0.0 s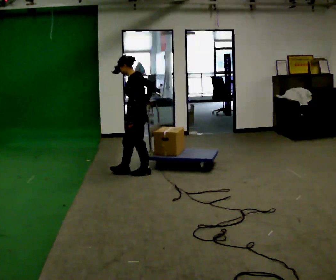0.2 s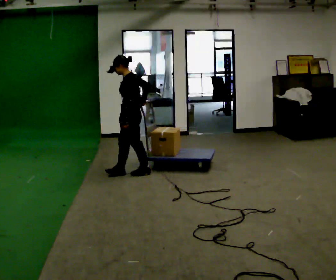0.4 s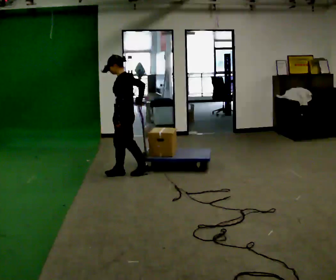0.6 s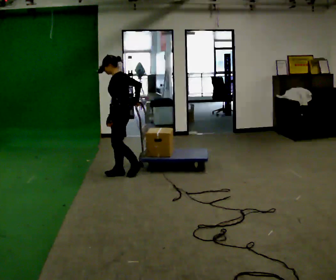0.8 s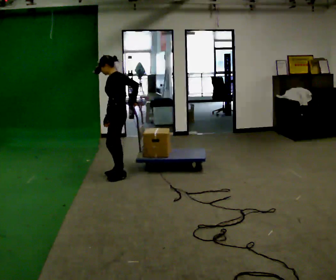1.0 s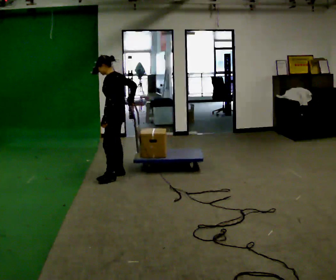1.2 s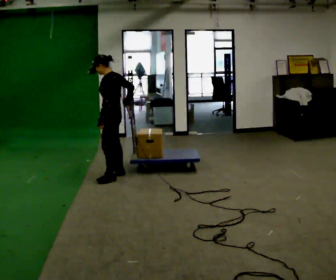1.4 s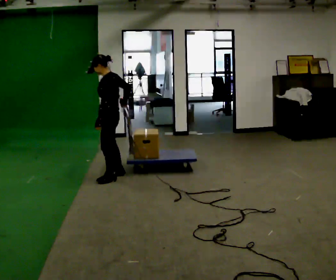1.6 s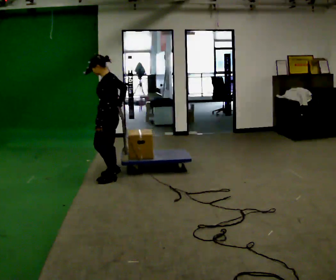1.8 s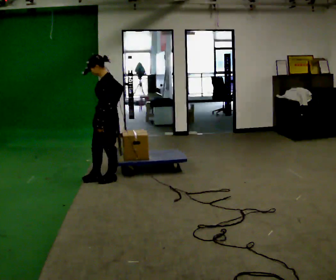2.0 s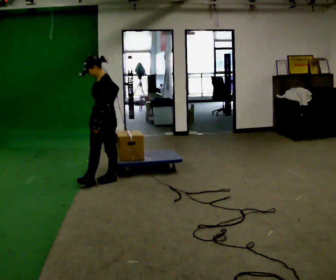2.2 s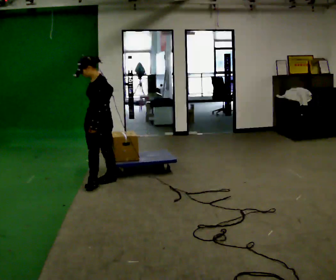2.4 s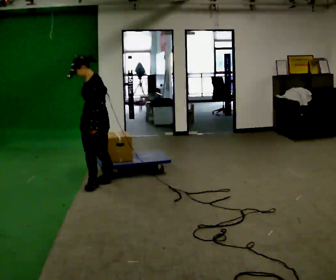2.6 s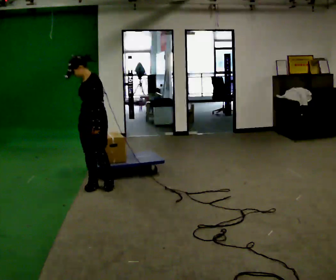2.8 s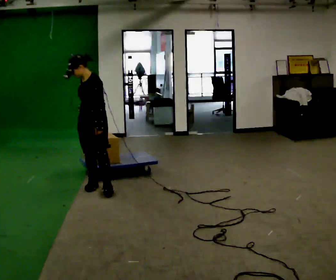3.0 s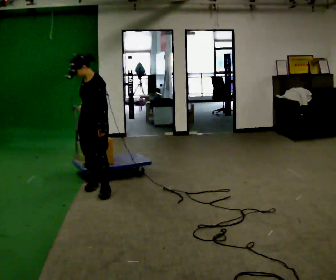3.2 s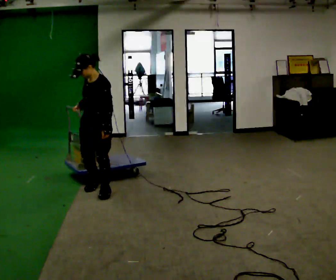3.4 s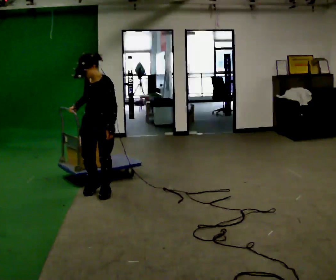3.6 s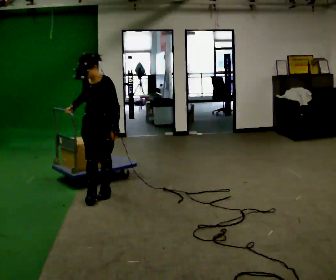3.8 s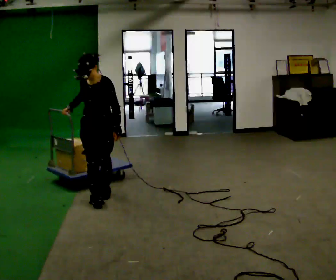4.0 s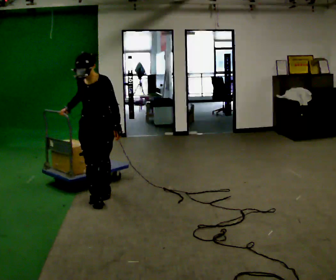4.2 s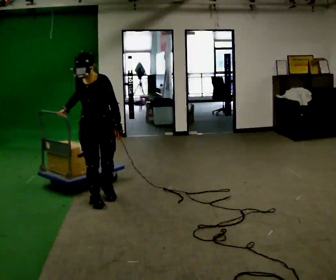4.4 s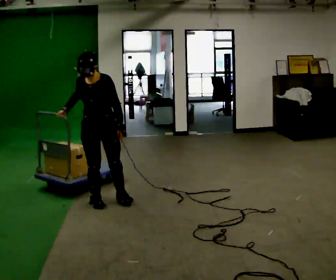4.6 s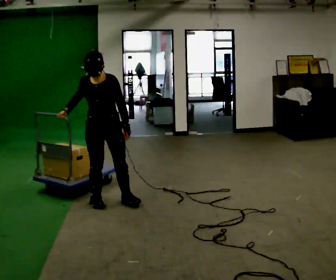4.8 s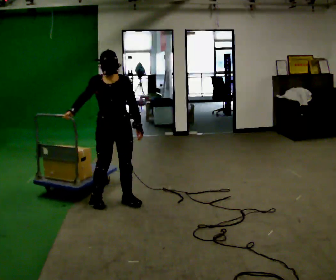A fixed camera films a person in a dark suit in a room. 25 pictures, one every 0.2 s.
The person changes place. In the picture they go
toward the camera.
The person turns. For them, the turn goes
to their left.
0.0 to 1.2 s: In the picture they go to the left, about 0.25 m in 2 steps, which for them is forward.
1.2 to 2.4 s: Seen from above the body turns counterclockwise, about 45 degrees: to their left, with its near side sliding to the right. In the picture they go toward the camera and to the left, about 0.25 m in 1 step, which for them is forward and to their left.
2.4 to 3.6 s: The person turns about 30 degrees to their left, counterclockwise seen from above, so the part of the body nearest the lens slides to the right. In the picture they go toward the camera, about 0.25 m in 1 step, which for them is to their left and forward.
3.6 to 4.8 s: The part of the body nearest the lens slides to the right as the person turns to their left by about 30 degrees. In the picture they go toward the camera, about 0.25 m in 2 steps, which for them is forward and to their left.
The film runs forward here.
